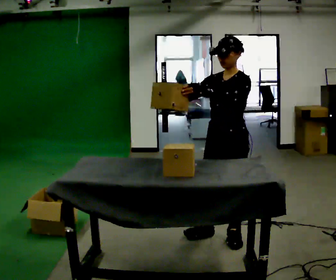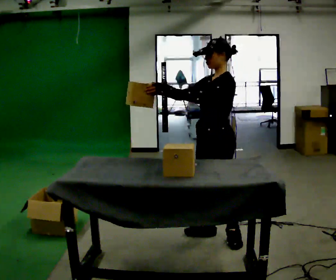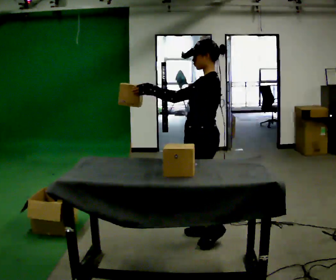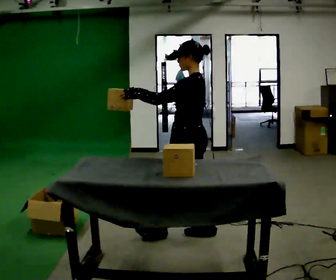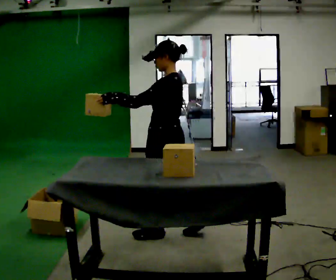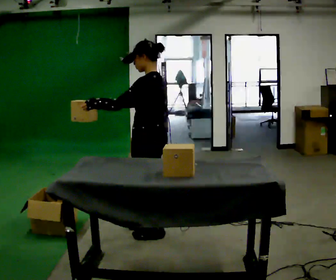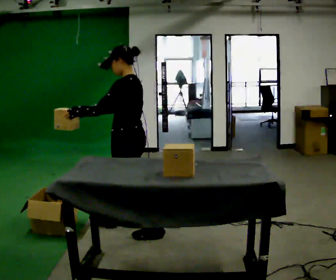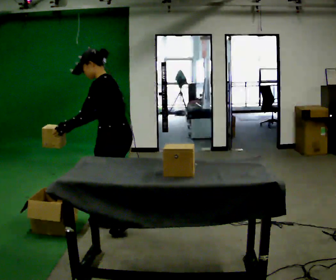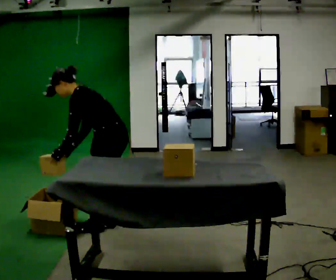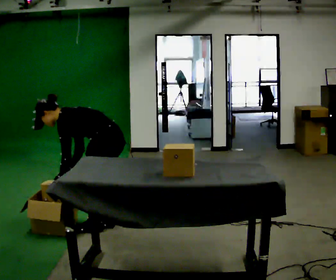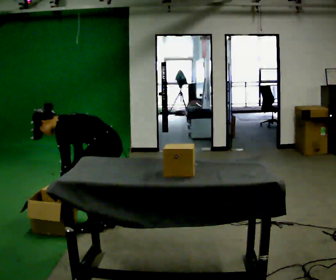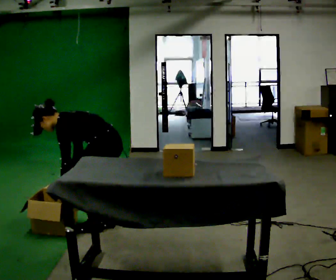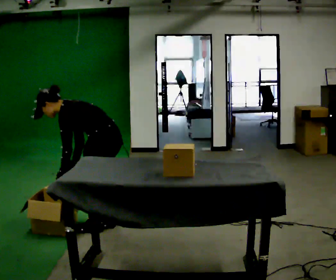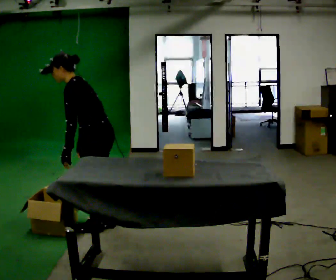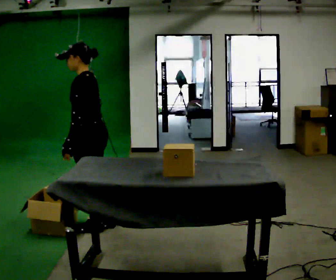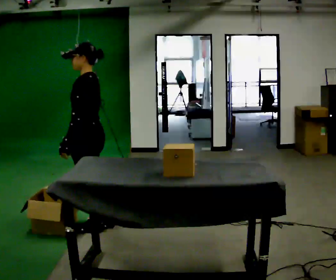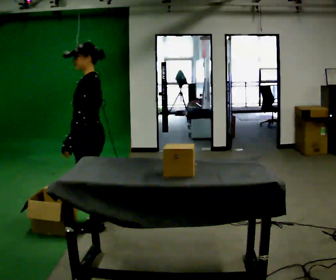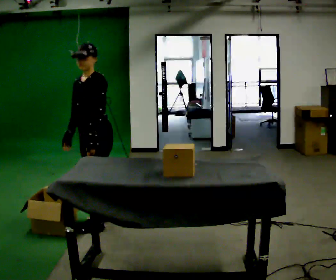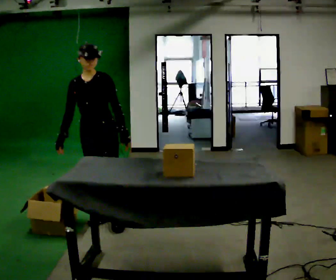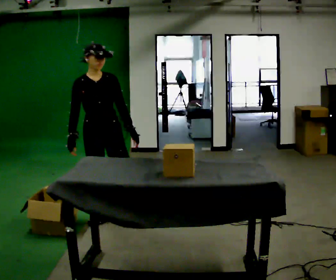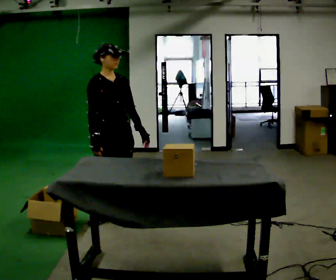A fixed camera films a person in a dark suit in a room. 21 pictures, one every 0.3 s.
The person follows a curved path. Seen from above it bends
clockwise.
0.0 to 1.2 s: The part of the body nearest the lens slides to the left as the person turns to their right by about 60 degrees. In the picture they go to the left, about 0.5 m in 1 step, which for them is forward.
1.2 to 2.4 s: In the picture they go to the left and away from the camera, about 0.5 m in 2 steps, which for them is forward. The shoulders move downward. In the picture the upper body tilts counterclockwise, shoulders to the left, as they bend forward. In the picture their left hand goes downward, the arm swinging counterclockwise.
2.4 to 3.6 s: The person moves a little, or ends about where they began.
3.6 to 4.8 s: The upper body goes upward. In the picture the upper body tilts clockwise, shoulders to the right, as they lean back or straighten.
4.8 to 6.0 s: The part of the body nearest the lens slides to the right as the person turns to their left by about 120 degrees. In the picture they go away from the camera and to the right, about 0.25 m in 1 step. In the picture their left hand goes to the right.
The film runs forward here.
